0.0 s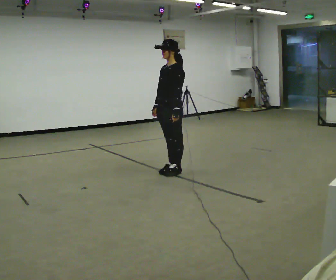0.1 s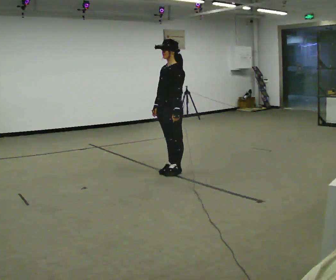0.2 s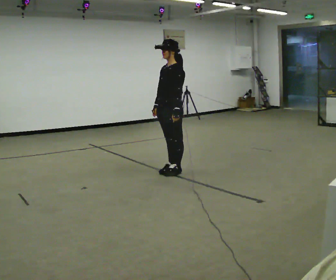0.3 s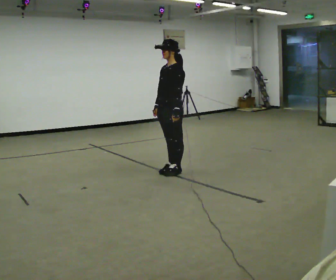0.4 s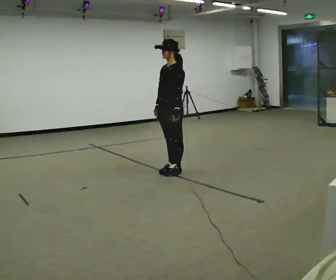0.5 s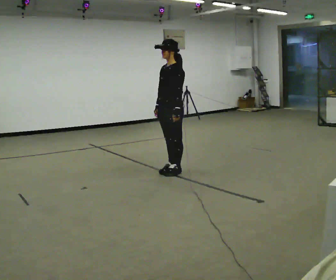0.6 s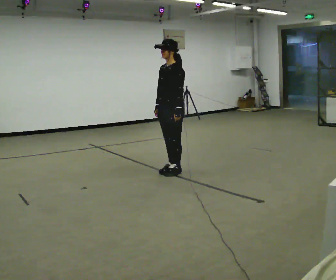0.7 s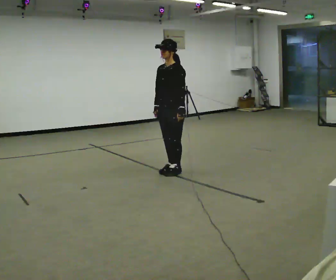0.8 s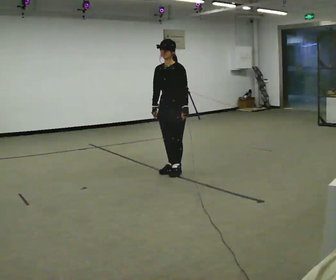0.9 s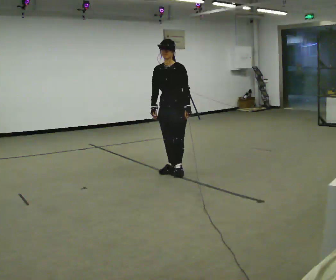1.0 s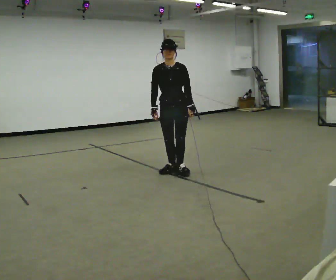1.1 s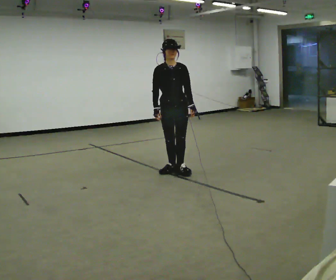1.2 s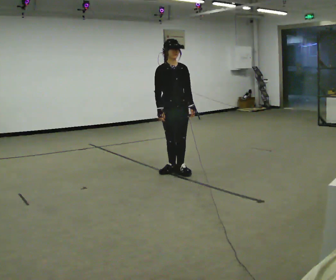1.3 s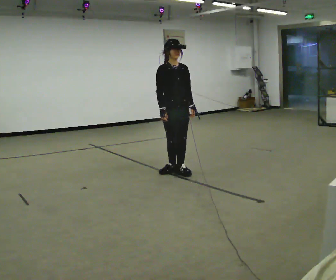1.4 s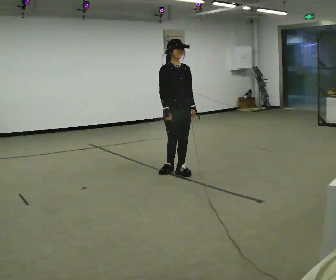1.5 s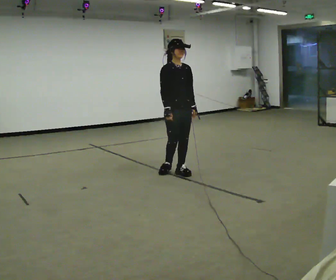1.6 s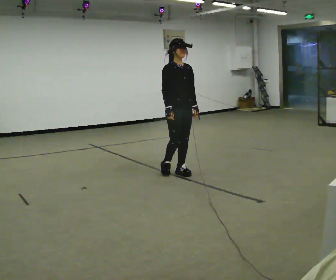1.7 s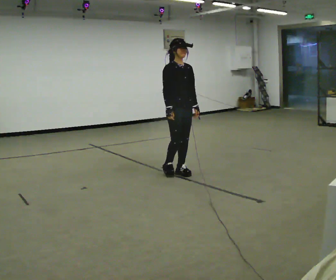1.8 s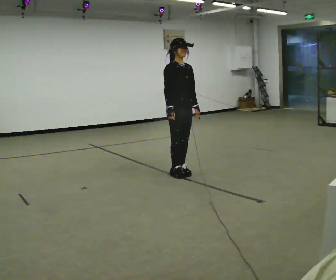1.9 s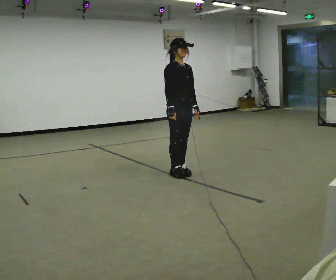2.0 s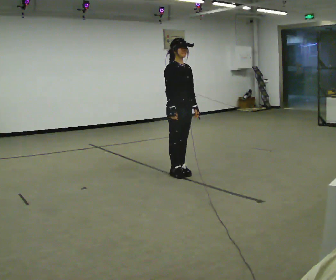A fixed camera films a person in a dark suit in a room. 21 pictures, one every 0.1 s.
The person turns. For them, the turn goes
to their left.
The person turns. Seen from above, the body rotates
counterclockwise.
0.0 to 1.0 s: The person turns about 60 degrees to their left, counterclockwise seen from above, so the part of the body nearest the lens slides to the right.
1.0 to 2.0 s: Seen from above the body turns counterclockwise, about 45 degrees: to their left, with its near side sliding to the right.
The film runs forward here.
